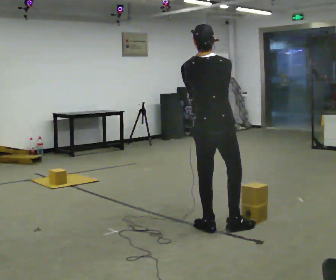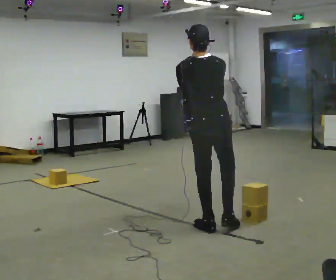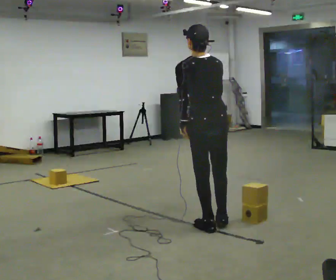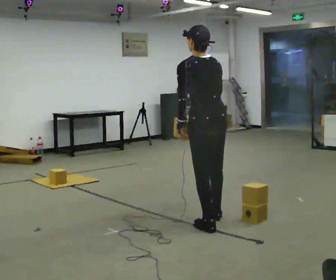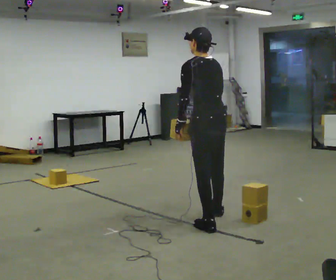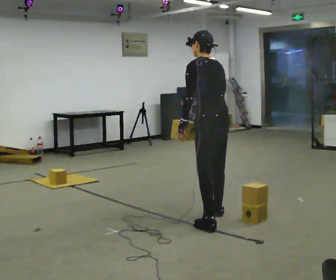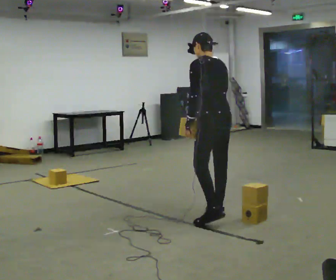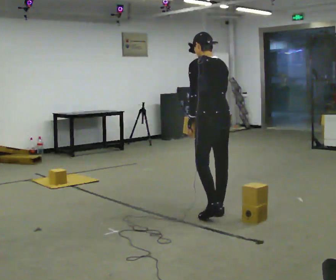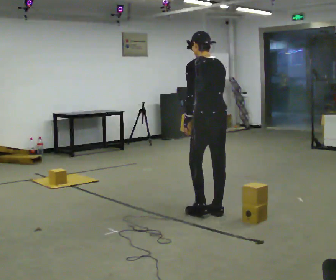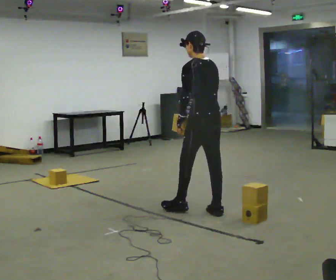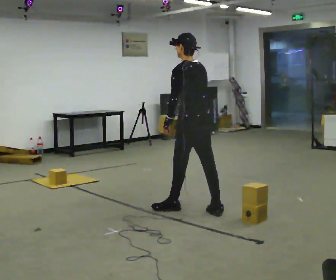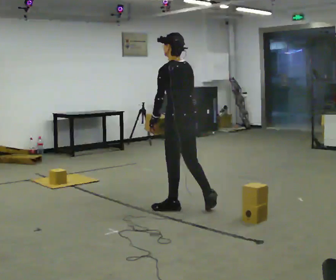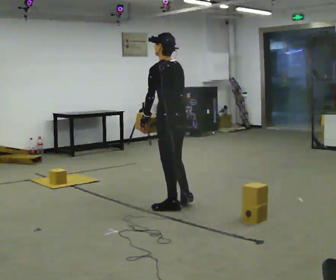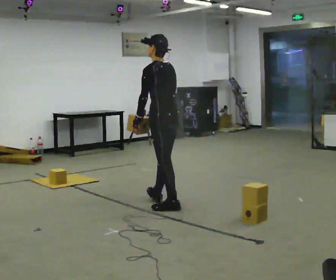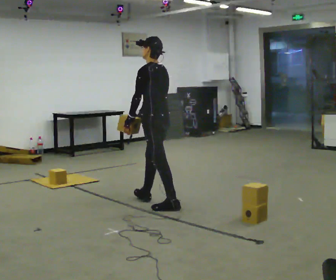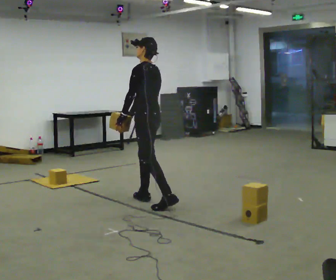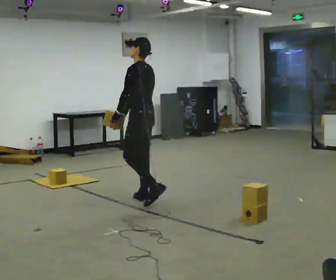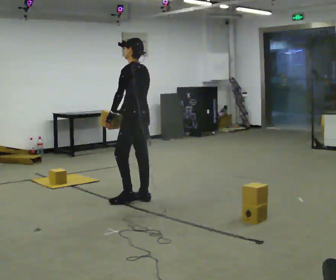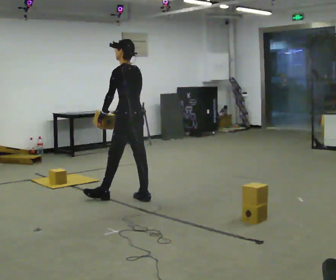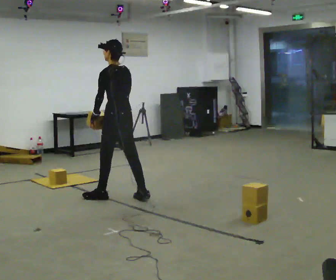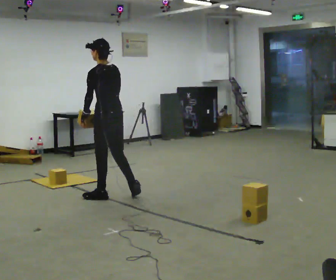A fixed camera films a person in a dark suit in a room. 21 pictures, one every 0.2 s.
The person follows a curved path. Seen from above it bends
counterclockwise.
0.0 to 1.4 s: Seen from above the body turns counterclockwise, about 45 degrees: to their left, with its near side sliding to the right. In the picture they go away from the camera, about 0.5 m in 1 step, which for them is forward and to their right.
1.4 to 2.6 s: In the picture they go to the left and away from the camera, about 0.5 m in 1 step, which for them is forward.
2.6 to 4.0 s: In the picture they go to the left and away from the camera, about 0.75 m in 2 steps, which for them is forward.
The film runs forward here.
